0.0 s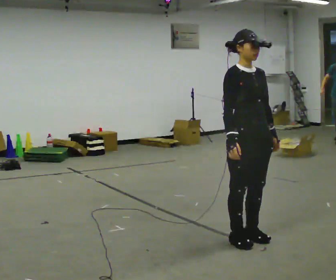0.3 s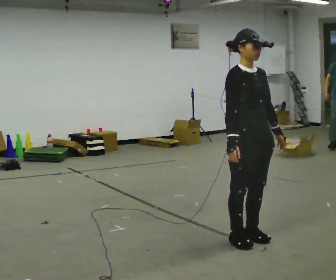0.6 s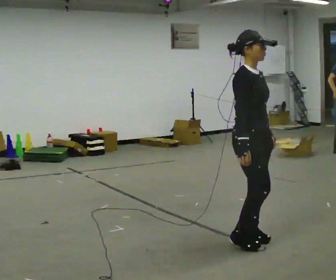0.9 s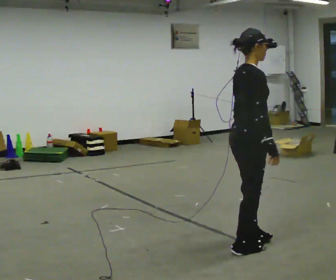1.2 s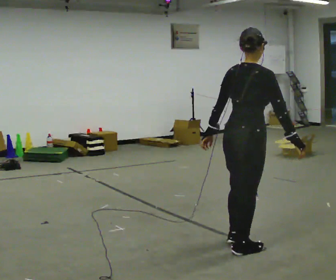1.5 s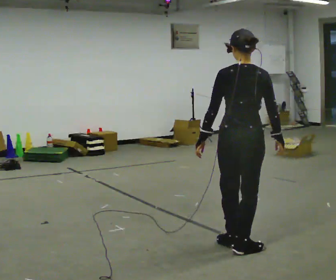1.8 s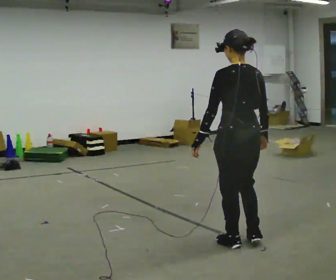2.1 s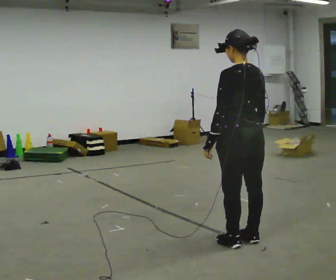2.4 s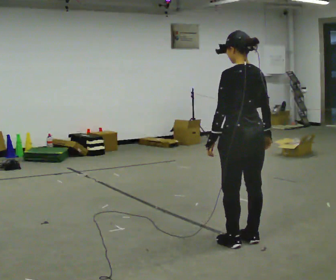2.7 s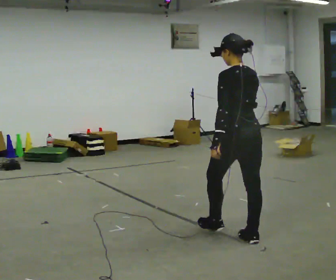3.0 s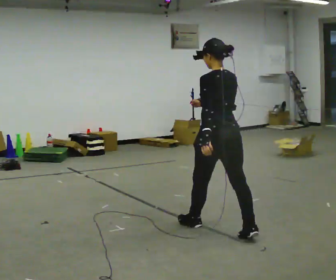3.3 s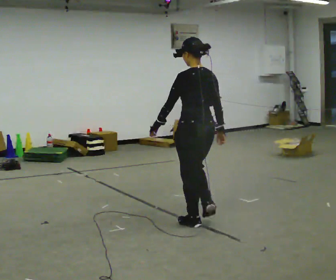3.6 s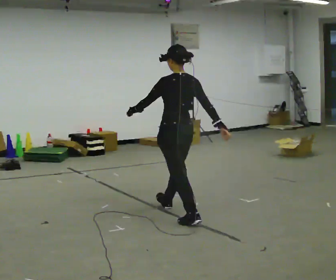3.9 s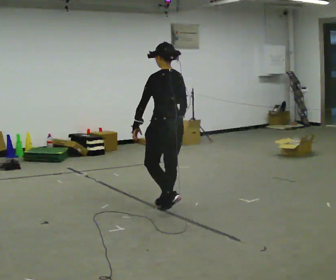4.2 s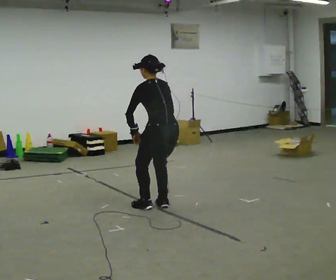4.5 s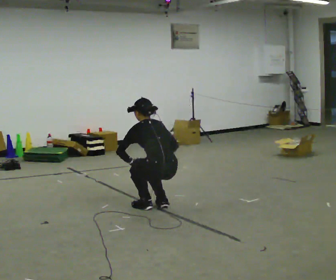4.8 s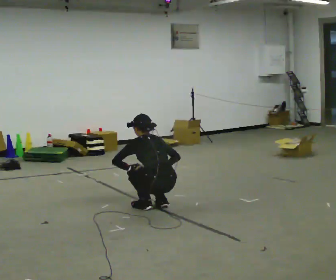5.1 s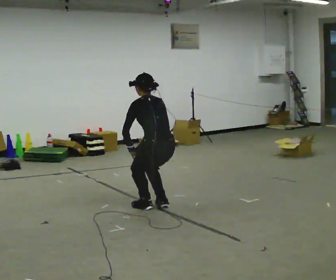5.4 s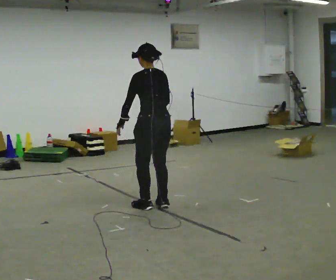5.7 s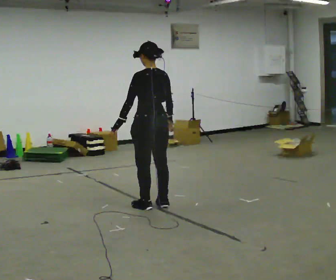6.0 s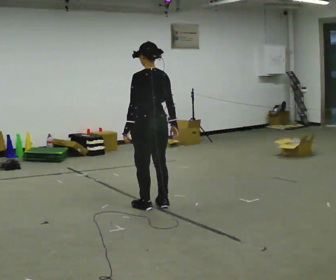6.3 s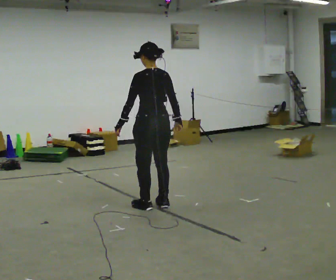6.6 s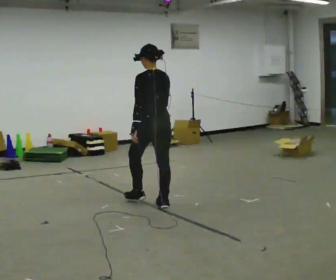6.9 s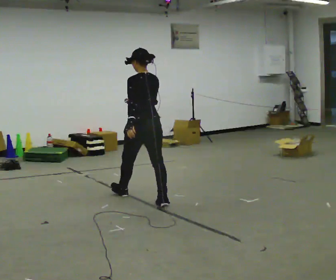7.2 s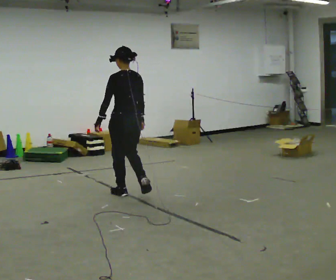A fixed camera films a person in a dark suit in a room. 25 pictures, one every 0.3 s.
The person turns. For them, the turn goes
to their left.
The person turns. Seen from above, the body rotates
counterclockwise.
0.0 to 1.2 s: The part of the body nearest the lens slides to the right as the person turns to their left by about 105 degrees. In the picture they go toward the camera, about 0.25 m in 1 step. In the picture their left hand goes to the left, the arm swinging clockwise.
1.2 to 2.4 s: The part of the body nearest the lens slides to the right as the person turns to their left by about 75 degrees. In the picture they go away from the camera, about 0.25 m in 2 steps.
2.4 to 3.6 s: In the picture they go away from the camera and to the left, about 1 m in 1 step, which for them is forward.
3.6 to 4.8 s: In the picture they go away from the camera and to the left, about 0.25 m in 2 steps, which for them is forward. The shoulders move downward. The upper body tips away from the camera, its near side rolling upward, as they bend forward. In the picture their left hand goes downward.
4.8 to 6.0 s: The shoulders move upward. The upper body tips toward the camera, its near side rolling downward, as they lean back or straighten. In the picture their left hand goes upward.
6.0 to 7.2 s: In the picture they go away from the camera and to the left, about 0.5 m in 1 step, which for them is forward.
The film runs forward here.
